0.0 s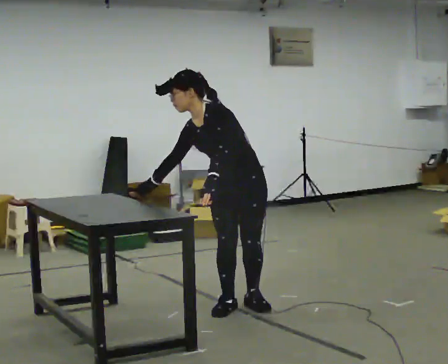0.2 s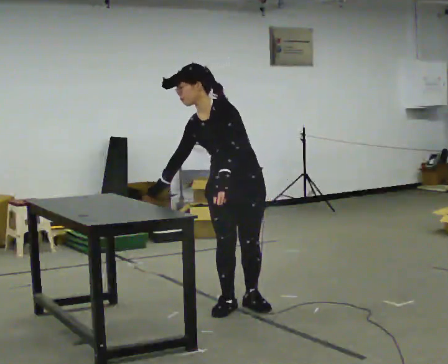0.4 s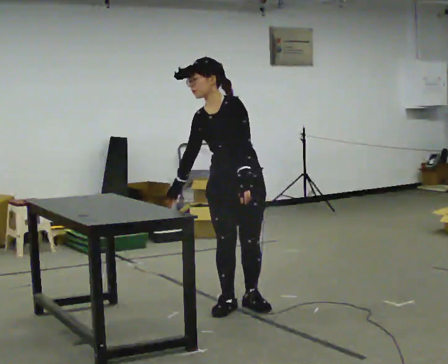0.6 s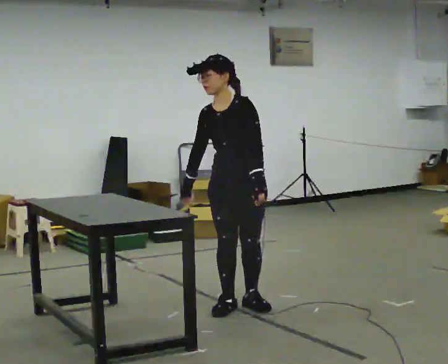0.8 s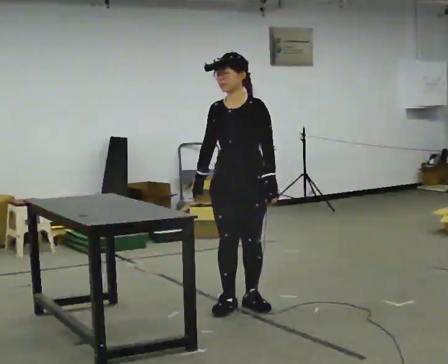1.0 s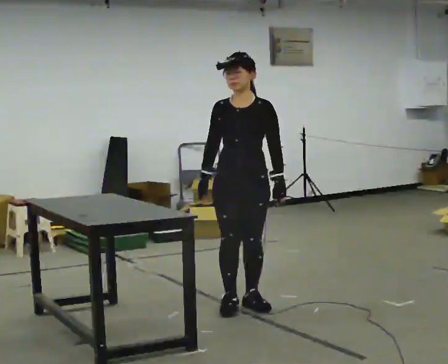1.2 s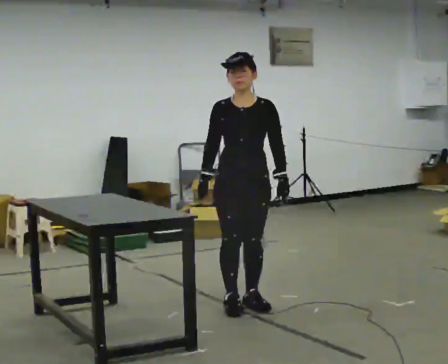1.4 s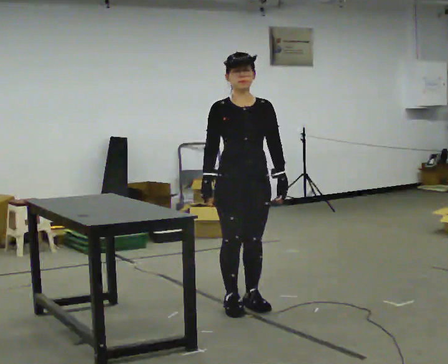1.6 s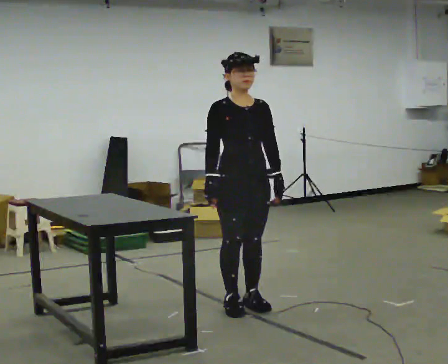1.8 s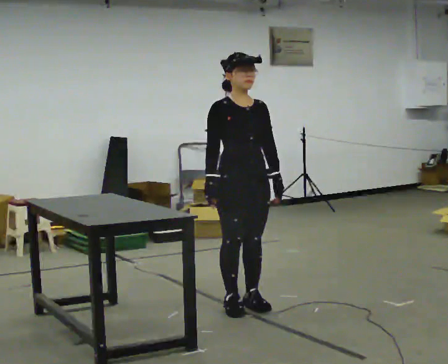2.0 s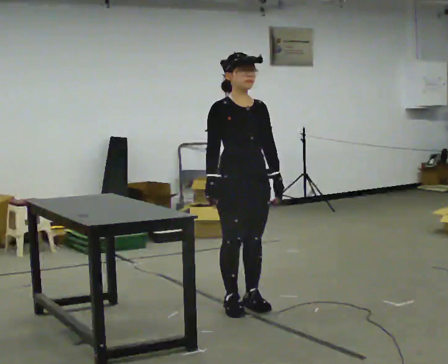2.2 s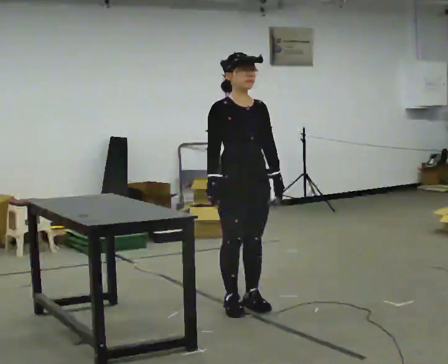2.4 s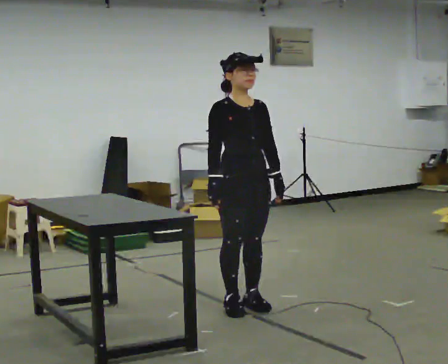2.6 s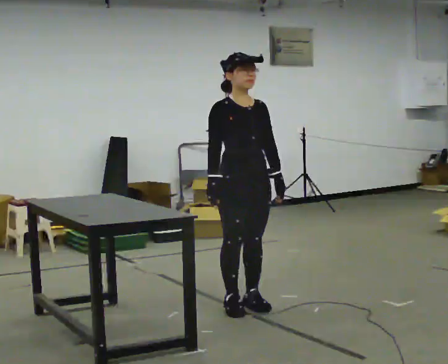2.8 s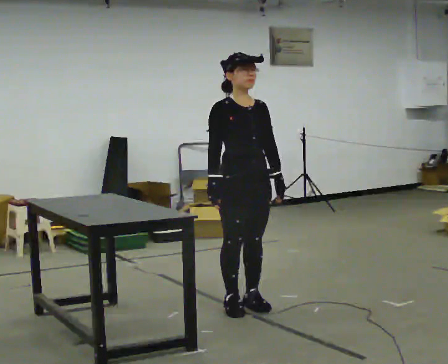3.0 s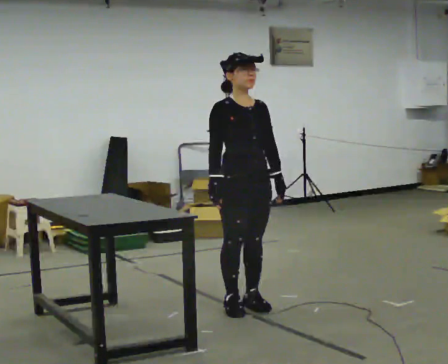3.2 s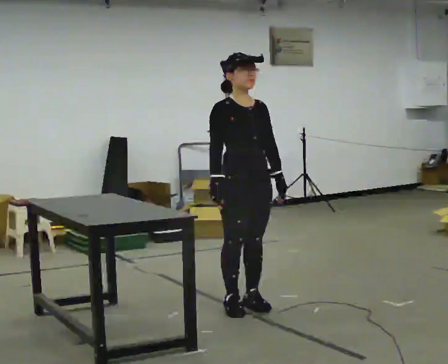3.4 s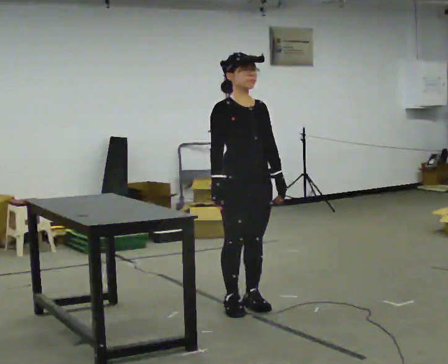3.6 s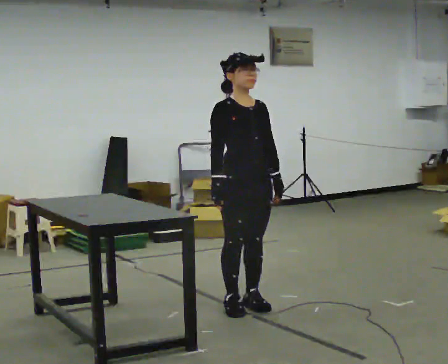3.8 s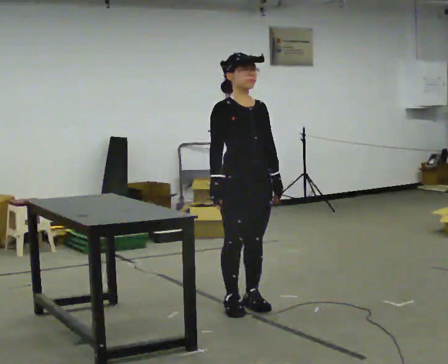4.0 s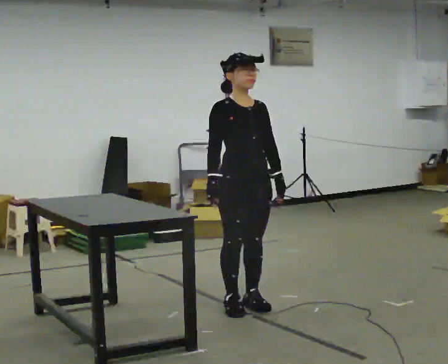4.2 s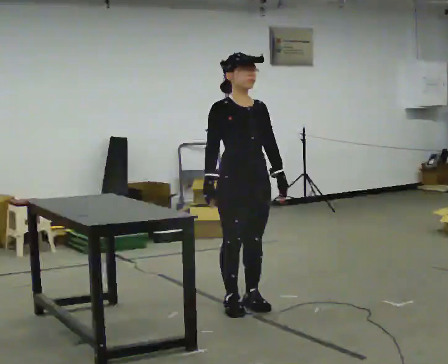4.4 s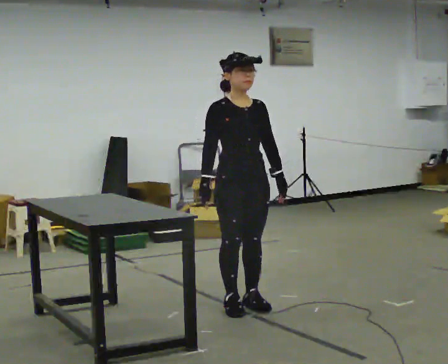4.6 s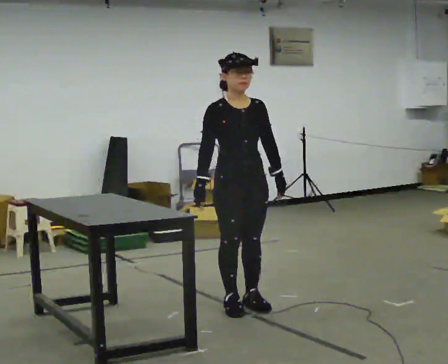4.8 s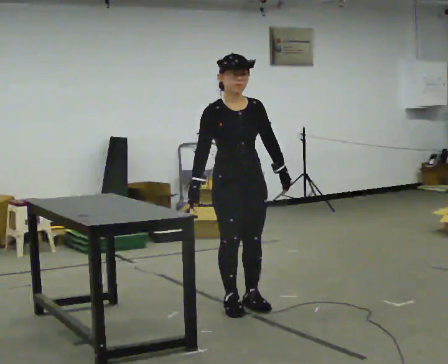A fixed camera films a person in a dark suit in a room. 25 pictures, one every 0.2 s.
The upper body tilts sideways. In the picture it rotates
clockwise.
0.0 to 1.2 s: In the picture the upper body tilts clockwise, shoulders to the right, as they lean back or straighten. In the picture their left hand goes to the right.
1.2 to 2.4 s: The part of the body nearest the lens slides to the right as the person turns to their left by about 30 degrees.
2.4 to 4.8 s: The person moves a little, or ends about where they began.
The film runs backward here.
